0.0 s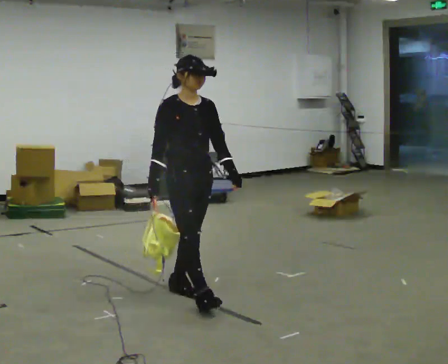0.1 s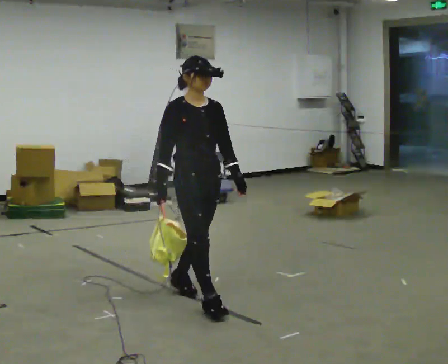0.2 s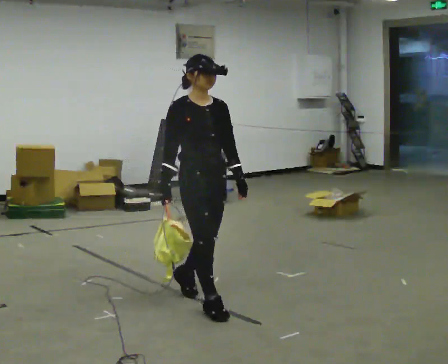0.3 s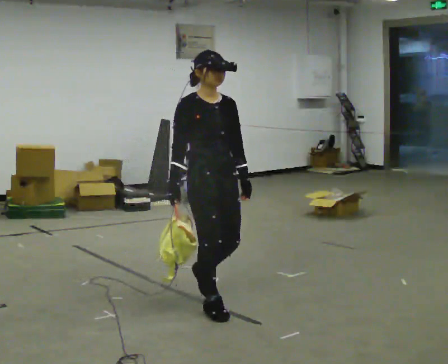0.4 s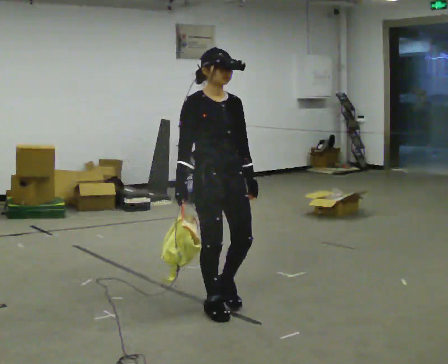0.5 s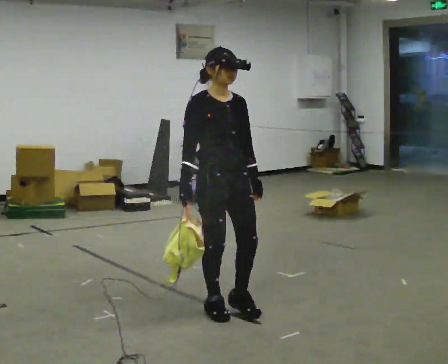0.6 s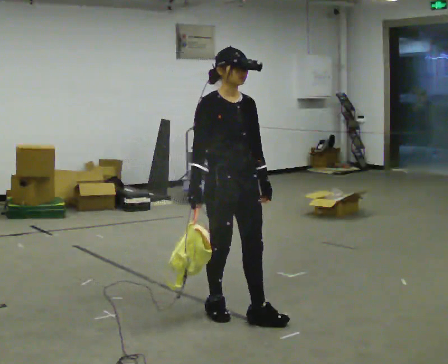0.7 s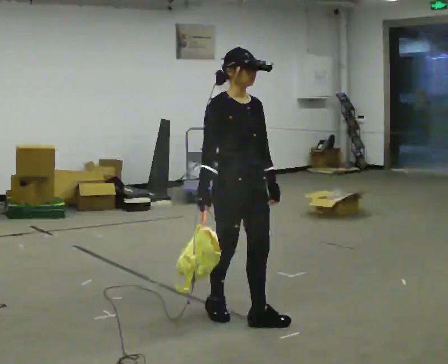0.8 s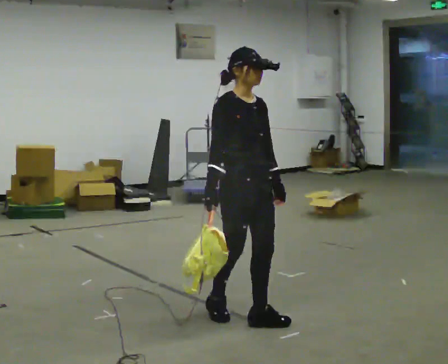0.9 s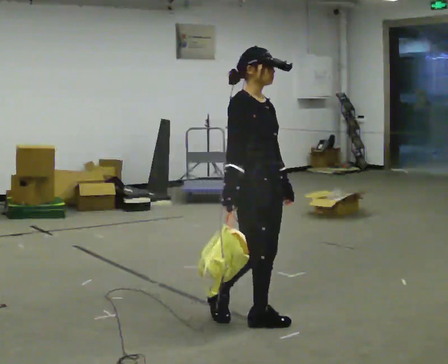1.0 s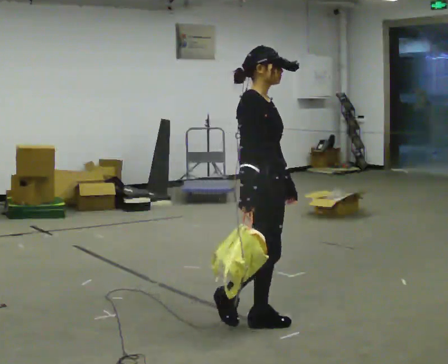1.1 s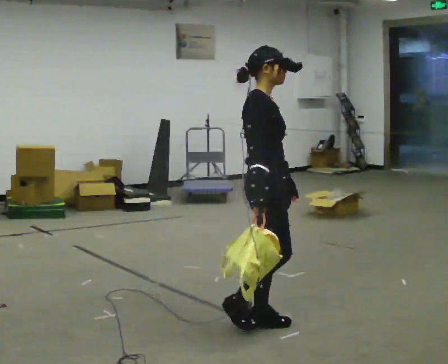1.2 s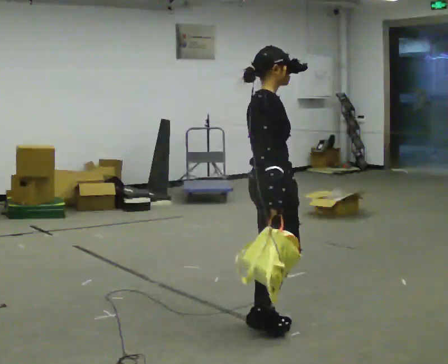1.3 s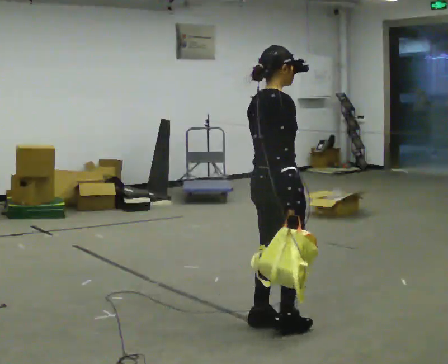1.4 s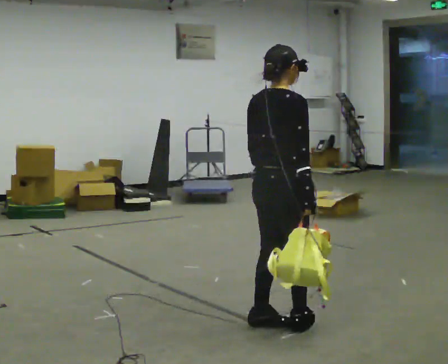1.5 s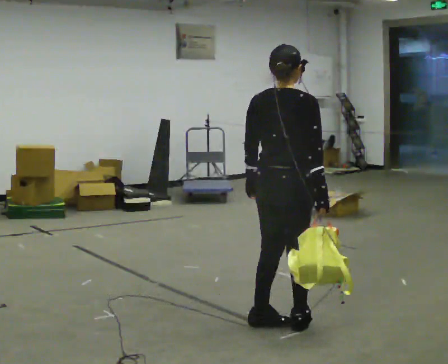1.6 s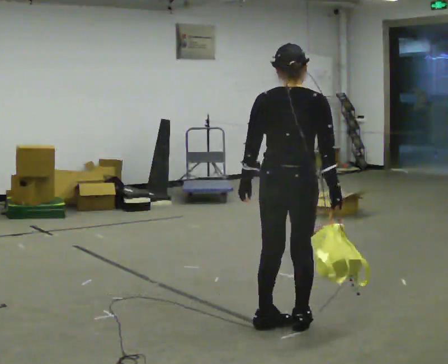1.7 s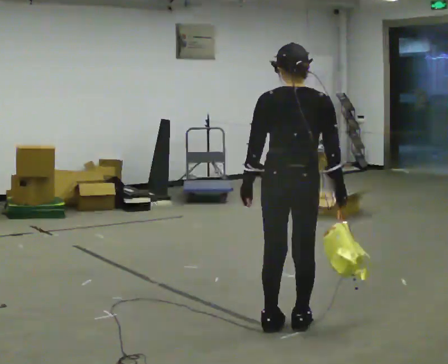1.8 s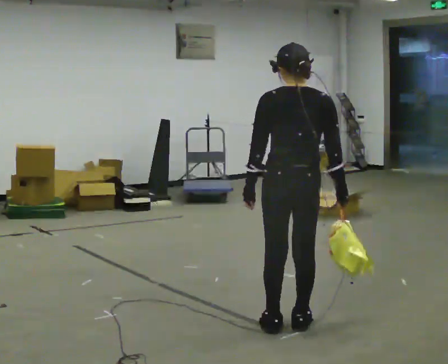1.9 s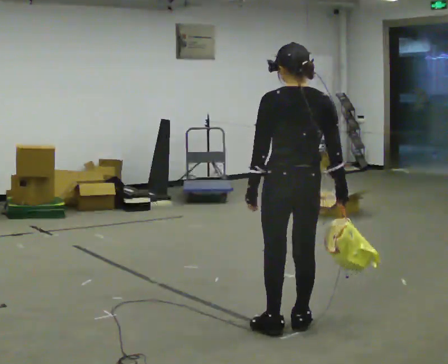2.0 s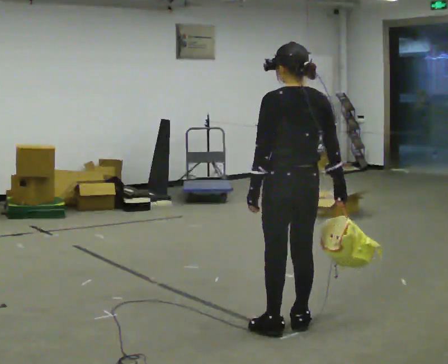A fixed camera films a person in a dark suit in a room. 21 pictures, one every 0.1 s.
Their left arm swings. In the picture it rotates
clockwise.
The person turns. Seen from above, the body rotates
counterclockwise.
0.0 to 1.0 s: The part of the body nearest the lens slides to the right as the person turns to their left by about 30 degrees. In the picture they go to the right and toward the camera, about 0.75 m in 2 steps, which for them is forward.
1.0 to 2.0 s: The person turns about 135 degrees to their left, counterclockwise seen from above, so the part of the body nearest the lens slides to the right. In the picture they go to the right, about 0.25 m in 2 steps. In the picture their right hand goes to the right.
The film runs forward here.
